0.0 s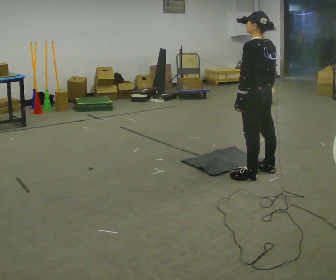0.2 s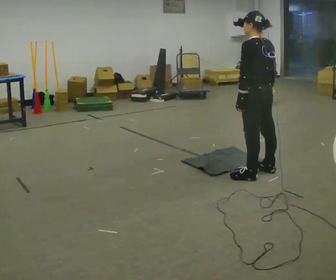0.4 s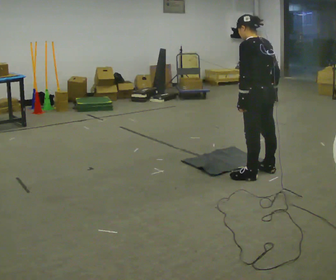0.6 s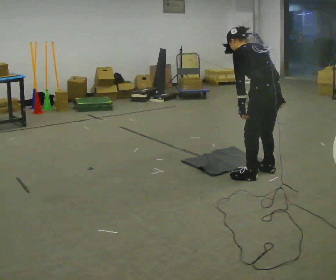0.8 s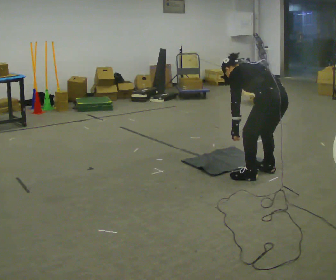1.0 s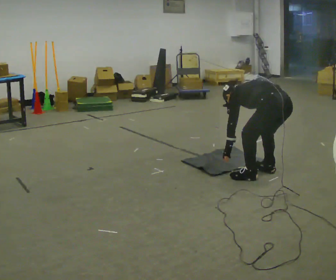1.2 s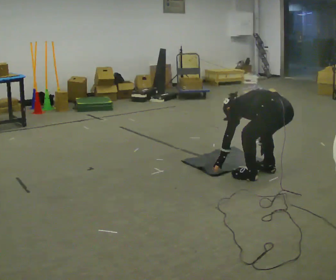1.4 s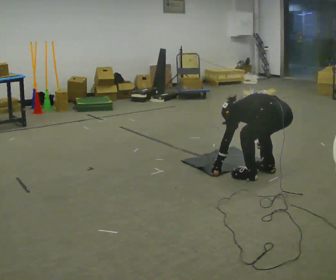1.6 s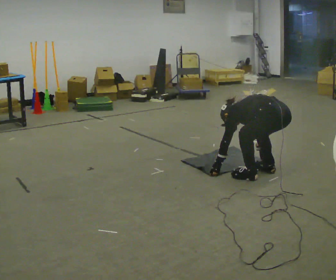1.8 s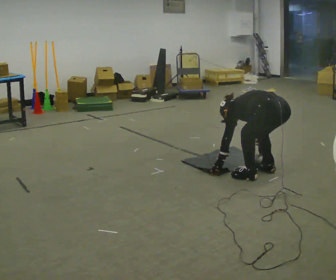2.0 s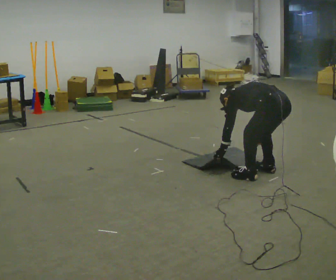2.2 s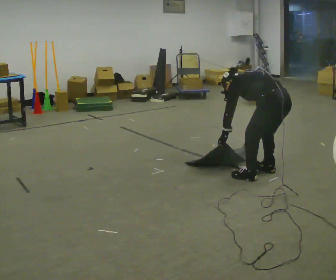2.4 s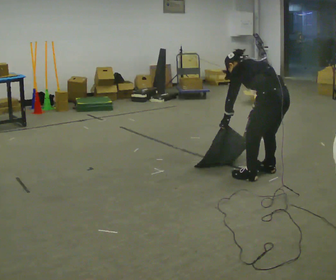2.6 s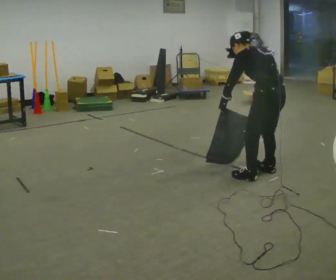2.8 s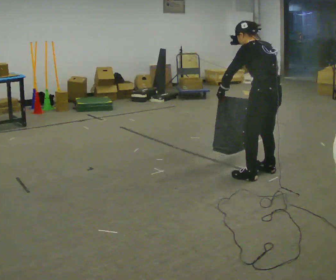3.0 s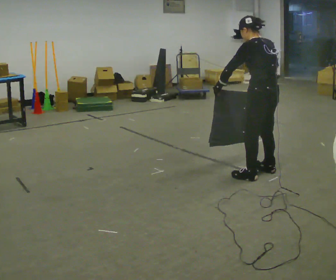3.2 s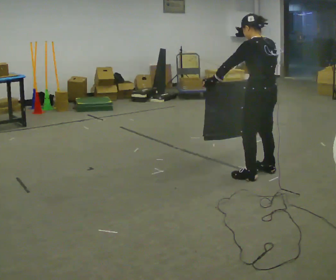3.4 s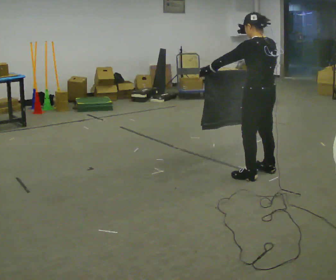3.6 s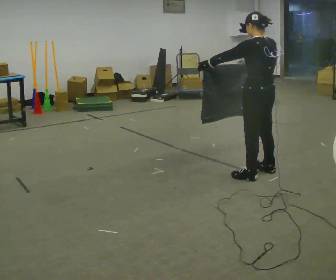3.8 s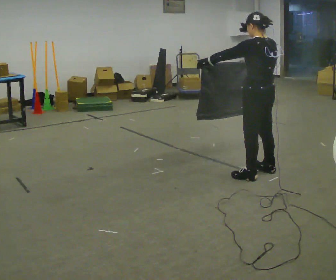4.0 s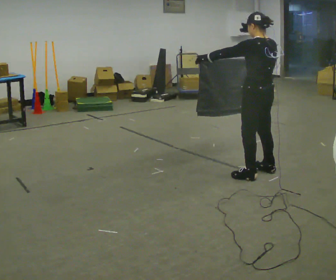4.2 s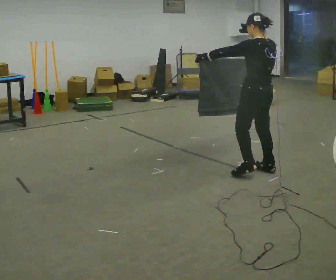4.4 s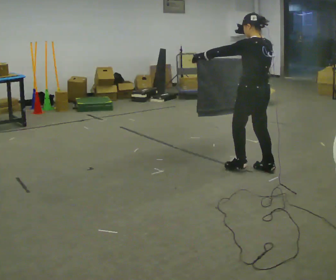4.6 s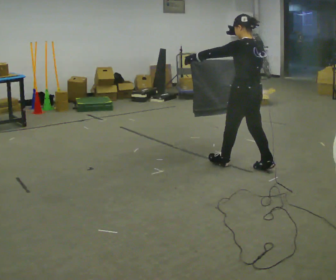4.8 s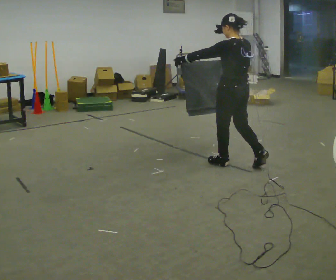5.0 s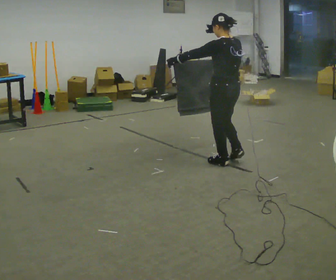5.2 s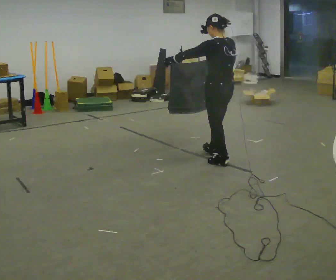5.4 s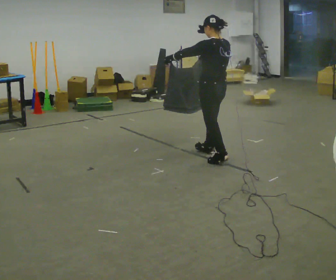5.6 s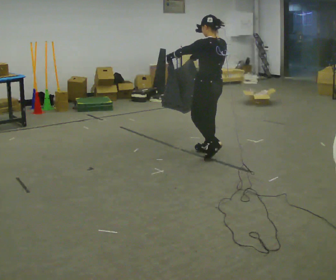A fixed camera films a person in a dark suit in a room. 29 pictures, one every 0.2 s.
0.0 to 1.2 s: In the picture they go to the right, about 0.25 m, which for them is backward. The shoulders move downward. The upper body tips away from the camera, its near side rolling upward, as they bend forward. In the picture their right hand goes downward.
1.2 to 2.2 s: The upper body tips toward the camera, its near side rolling downward, as they lean back or straighten.
2.2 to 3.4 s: The shoulders move upward. In the picture the upper body tilts clockwise, shoulders to the right, as they lean back or straighten. In the picture their left hand goes upward.
3.4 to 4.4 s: The person moves a little, or ends about where they began.
4.4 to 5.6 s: In the picture they go to the left and away from the camera, about 0.75 m in 2 steps, which for them is forward.
The film runs forward here.
